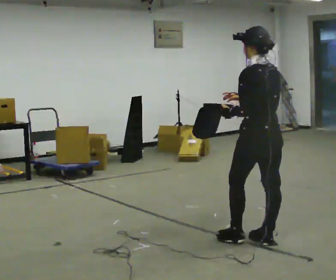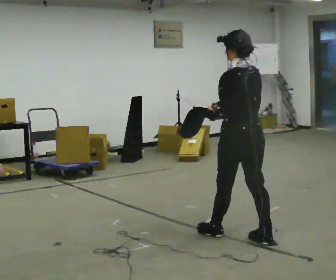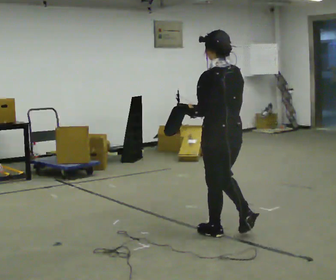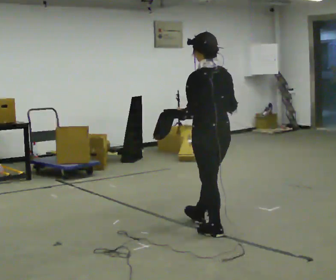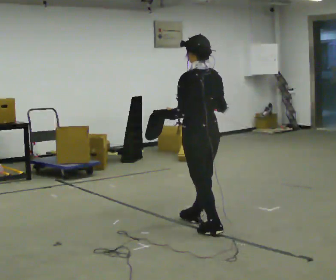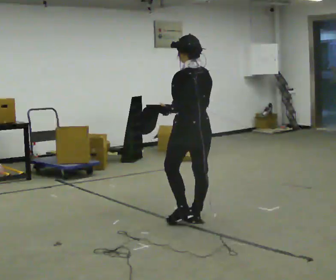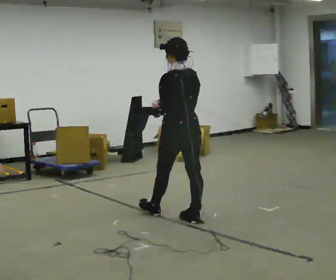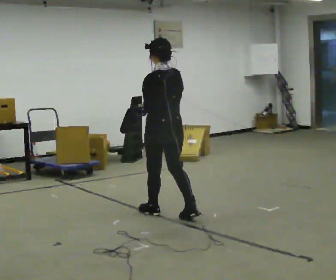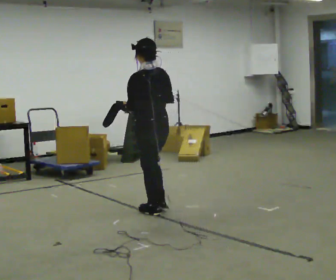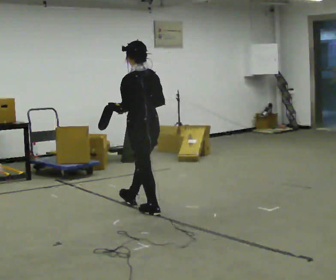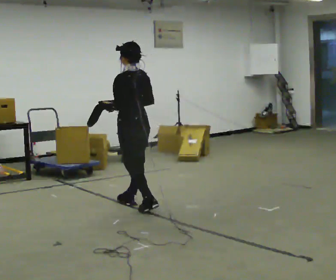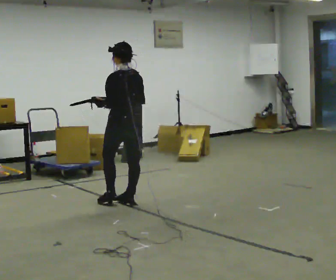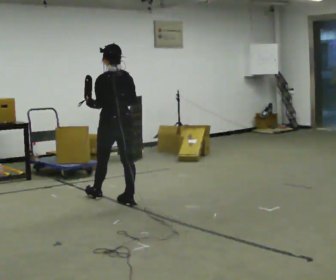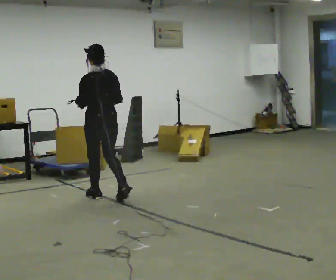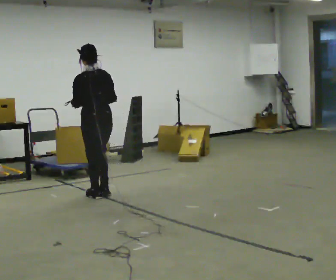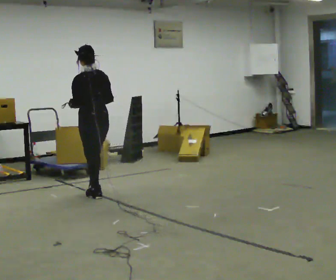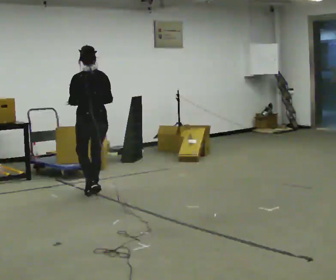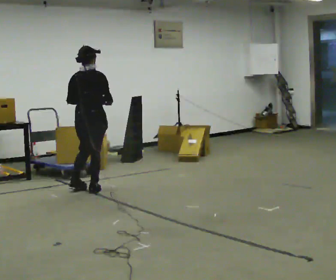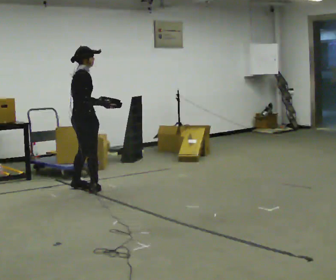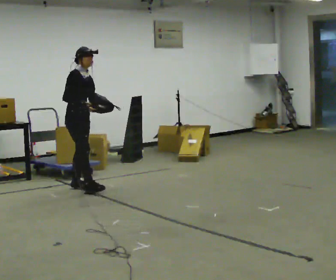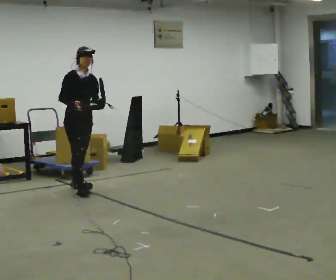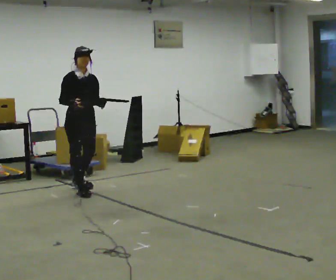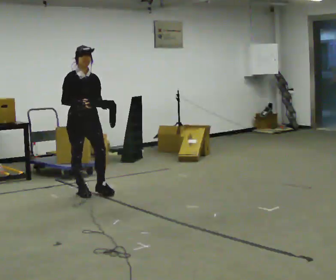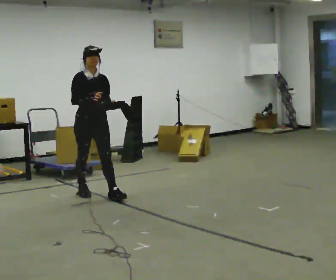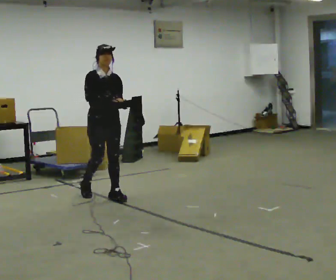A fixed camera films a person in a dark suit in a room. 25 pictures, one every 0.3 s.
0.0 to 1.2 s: In the picture they go away from the camera and to the left, about 0.75 m in 2 steps, which for them is forward.
1.2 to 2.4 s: In the picture they go away from the camera and to the left, about 0.5 m in 1 step, which for them is forward.
2.4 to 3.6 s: In the picture they go away from the camera and to the left, about 0.5 m in 2 steps, which for them is forward.
3.6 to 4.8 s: In the picture they go away from the camera and to the left, about 0.5 m in 1 step, which for them is forward.
4.8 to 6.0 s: Seen from above the body turns clockwise, about 150 degrees: to their right, with its near side sliding to the left. In the picture they go to the left, about 0.25 m in 1 step. In the picture their right hand goes to the left.
6.0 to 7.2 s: In the picture they go toward the camera and to the right, about 0.5 m in 1 step, which for them is forward.
The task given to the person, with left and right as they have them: Carry the open container and, while walking, reach in with one hand and take an item out, then put it back. Repeat as you walk. Do not stop.
The film runs forward here.
